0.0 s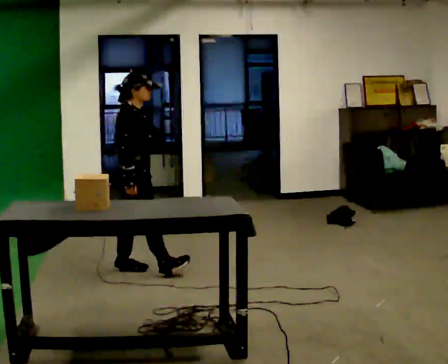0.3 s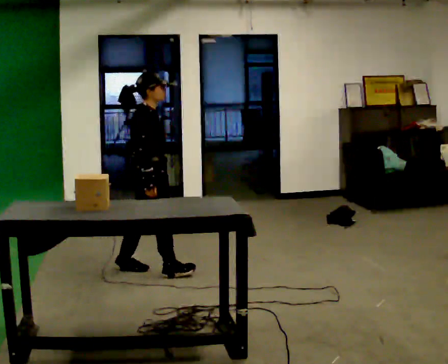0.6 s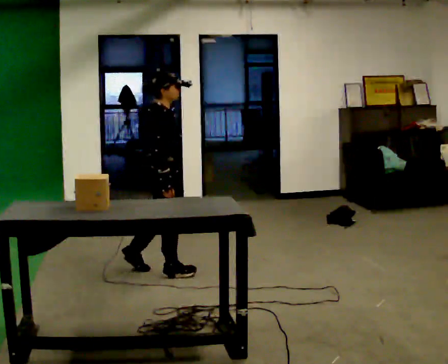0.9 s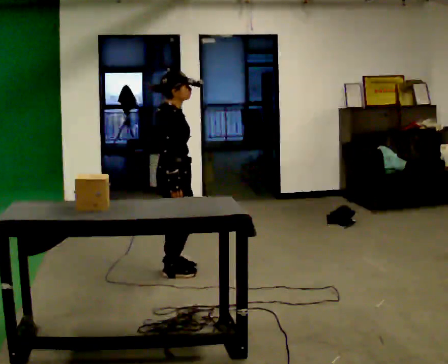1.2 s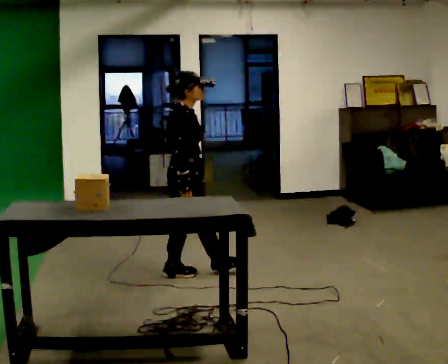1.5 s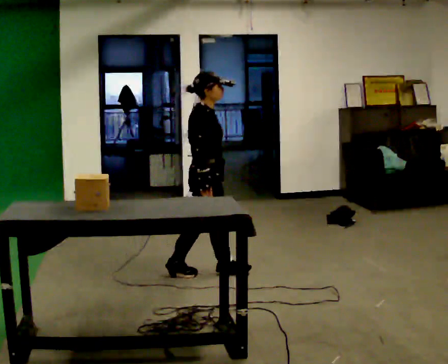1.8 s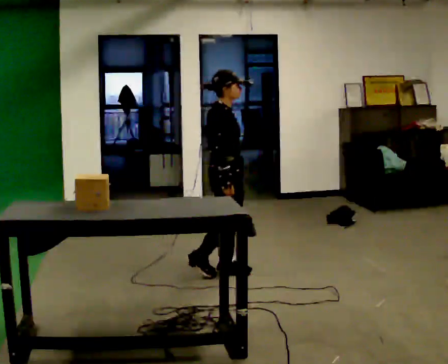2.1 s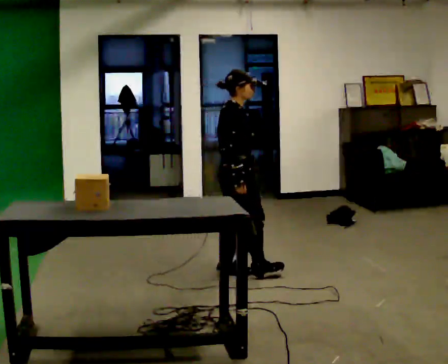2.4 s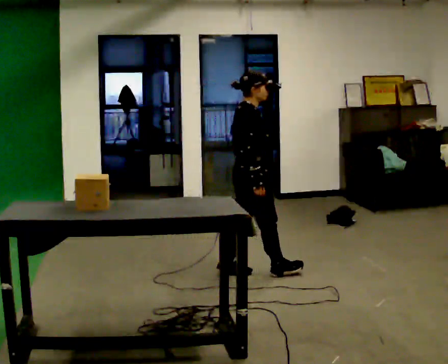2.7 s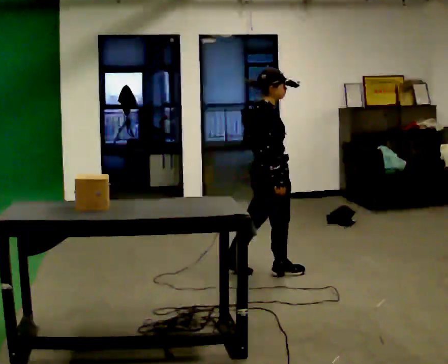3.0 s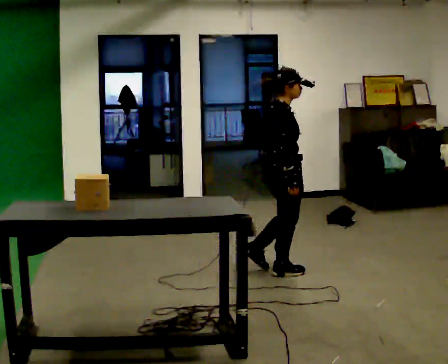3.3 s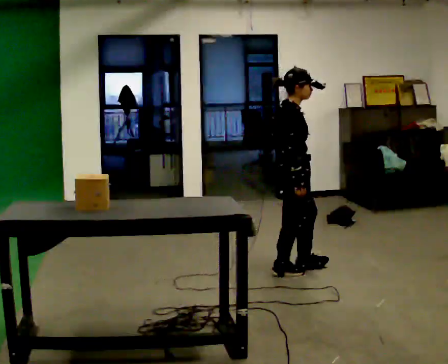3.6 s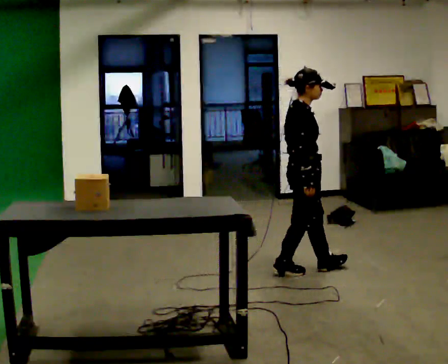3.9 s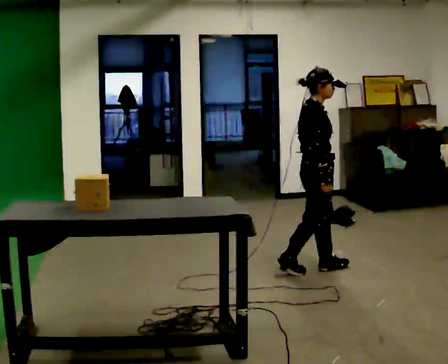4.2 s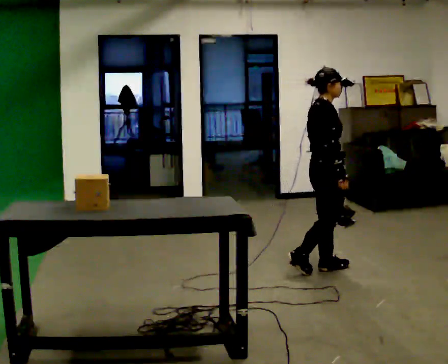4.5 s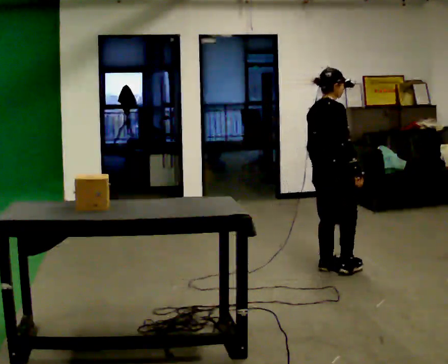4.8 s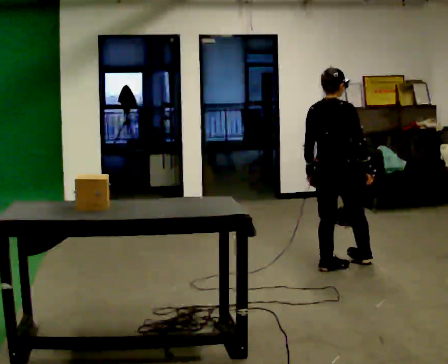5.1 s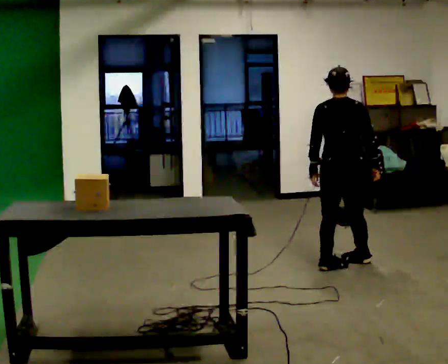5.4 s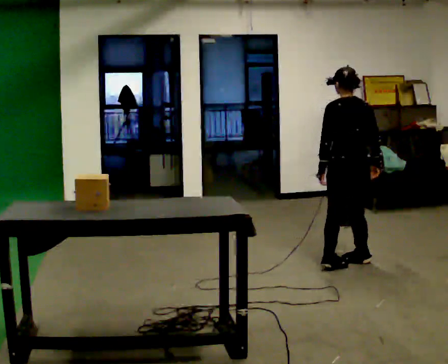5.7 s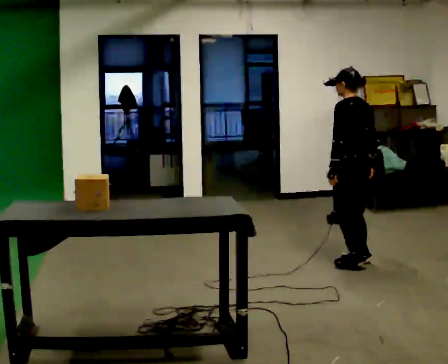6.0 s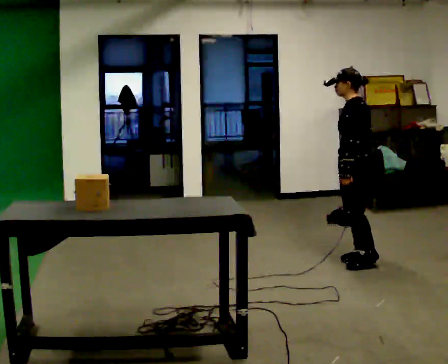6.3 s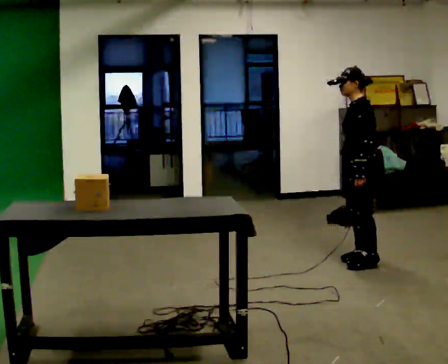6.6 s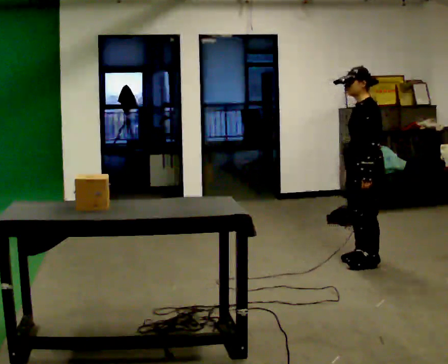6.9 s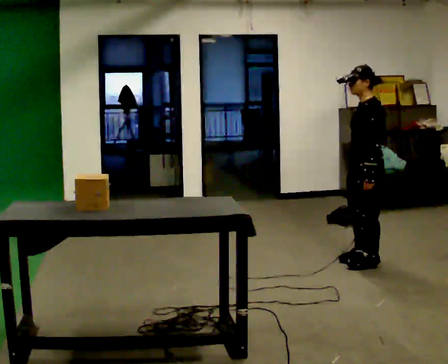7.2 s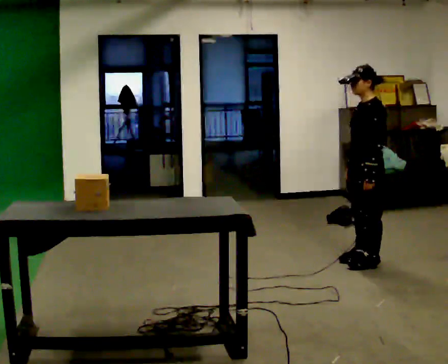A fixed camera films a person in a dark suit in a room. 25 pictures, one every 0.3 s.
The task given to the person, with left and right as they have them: Bring the boxes over one at a time and stack them on top of each other, walking back for each one. Keep going until the operator says stop; one object at a time, and do not rush between trips.
0.0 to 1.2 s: In the picture they go to the right, about 0.5 m, which for them is forward and to their right.
1.2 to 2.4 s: In the picture they go to the right, about 0.5 m in 2 steps, which for them is forward.
2.4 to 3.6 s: In the picture they go to the right, about 0.25 m in 1 step, which for them is forward.
3.6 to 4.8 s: The person turns about 60 degrees to their left, counterclockwise seen from above, so the part of the body nearest the lens slides to the right. In the picture they go to the right and away from the camera, about 0.25 m.
4.8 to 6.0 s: The part of the body nearest the lens slides to the right as the person turns to their left by about 105 degrees.
6.0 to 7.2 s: The person moves a little, or ends about where they began.
The film runs forward here.
